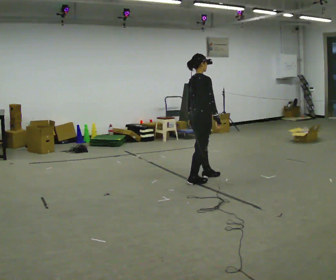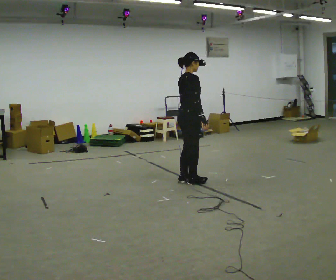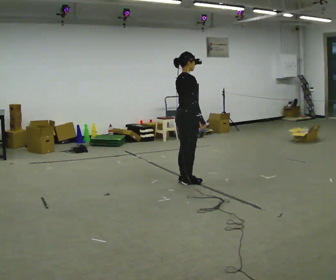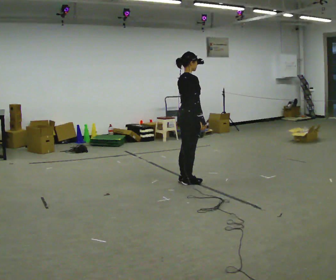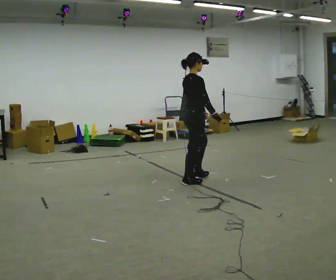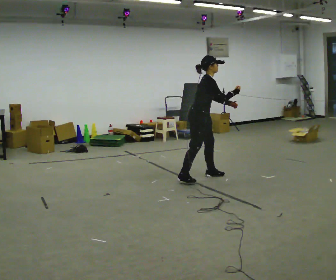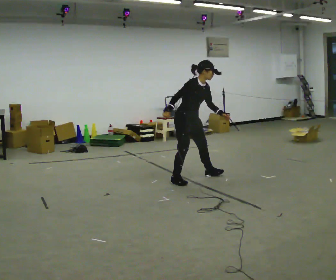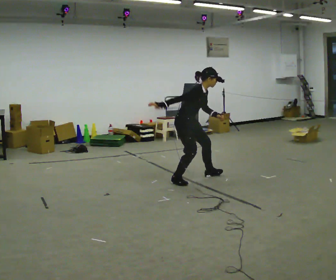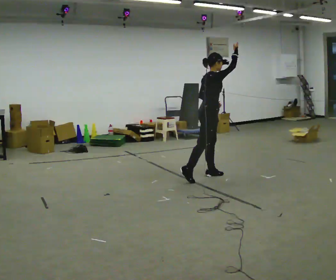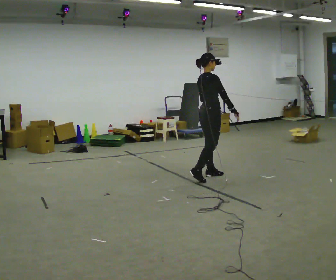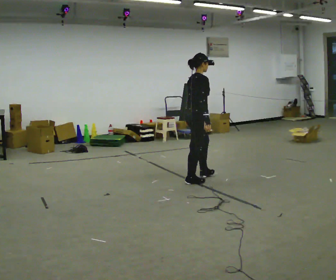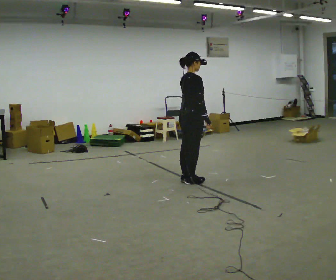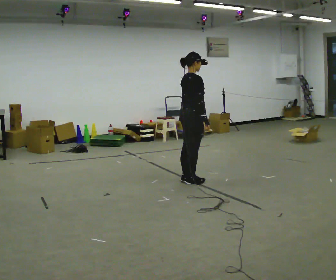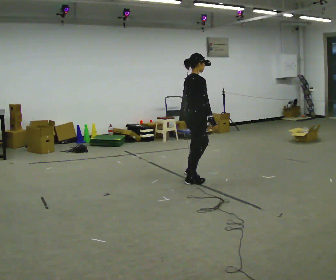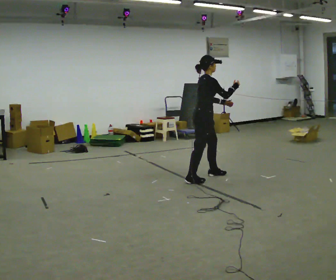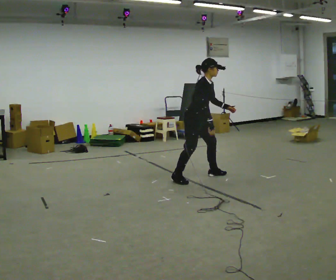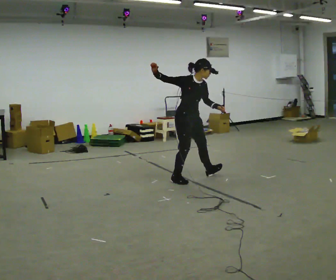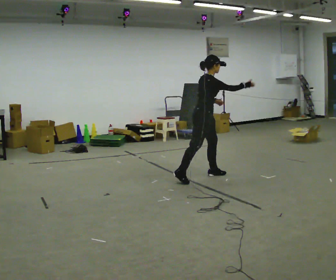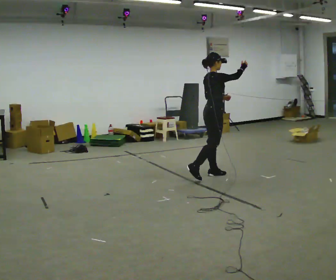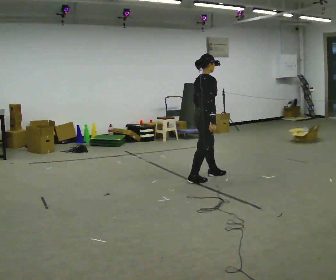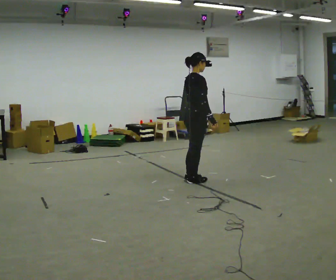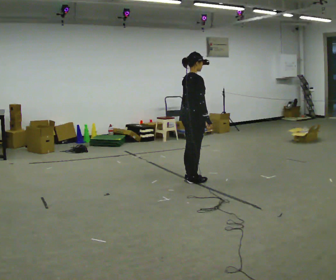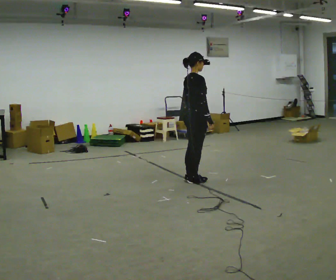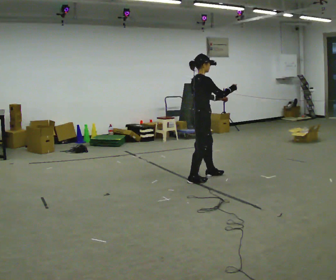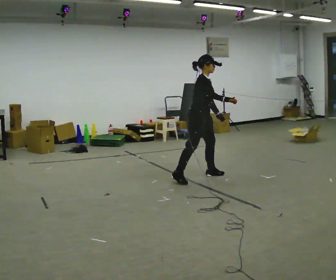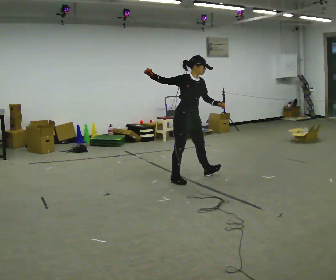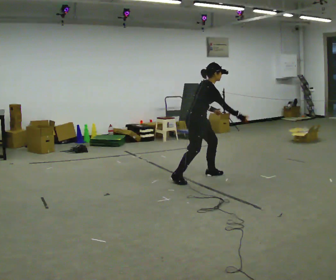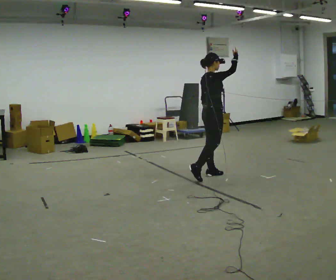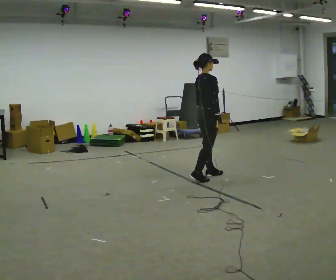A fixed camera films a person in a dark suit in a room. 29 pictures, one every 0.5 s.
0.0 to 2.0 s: The person moves a little, or ends about where they began.
2.0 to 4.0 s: In the picture they go away from the camera and to the right, about 0.25 m in 1 step. In the picture their right hand goes upward.
4.0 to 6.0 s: In the picture they go toward the camera and to the left, about 0.25 m in 1 step, which for them is backward. In the picture their right hand goes downward, the arm swinging clockwise.
6.0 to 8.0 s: Seen from above the body turns clockwise, about 60 degrees: to their right, with its near side sliding to the left. In the picture their right hand goes to the left and upward.
8.0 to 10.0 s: The part of the body nearest the lens slides to the right as the person turns to their left by about 60 degrees. In the picture their right hand goes to the right and downward.
10.0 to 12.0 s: The person turns about 45 degrees to their right, clockwise seen from above, so the part of the body nearest the lens slides to the left. In the picture they go away from the camera, about 0.25 m in 2 steps, which for them is to their left. In the picture their left hand goes to the right, the arm swinging counterclockwise.
12.0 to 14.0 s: Seen from above the body turns counterclockwise, about 45 degrees: to their left, with its near side sliding to the right. In the picture their left hand goes to the left, the arm swinging clockwise.
The film runs forward here.
